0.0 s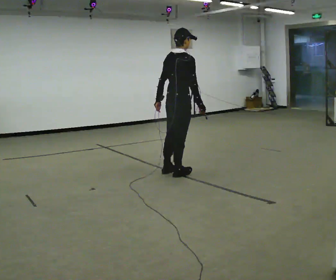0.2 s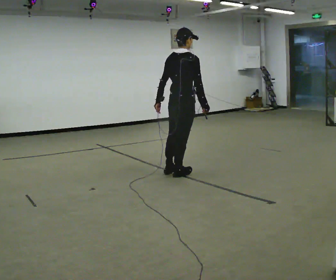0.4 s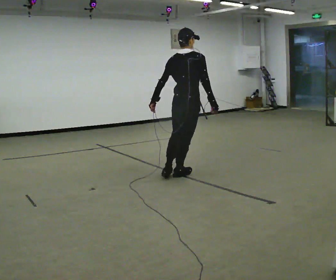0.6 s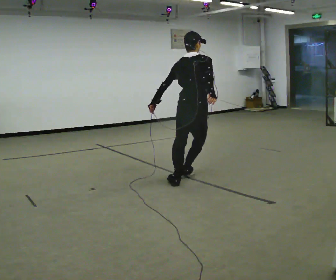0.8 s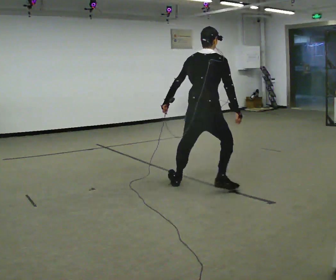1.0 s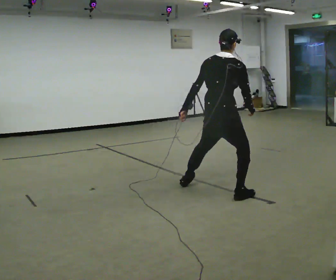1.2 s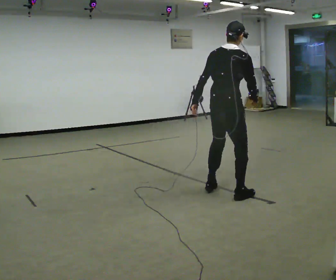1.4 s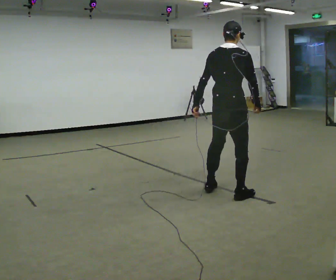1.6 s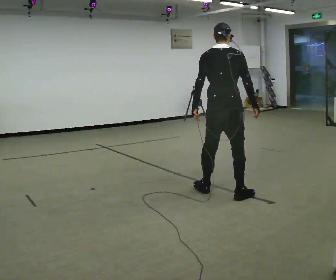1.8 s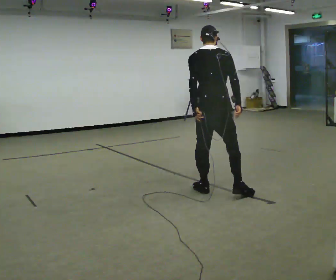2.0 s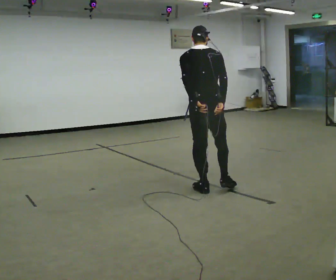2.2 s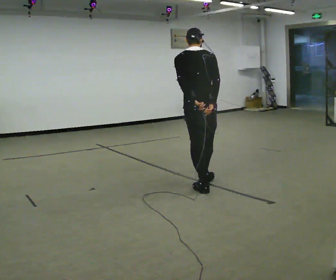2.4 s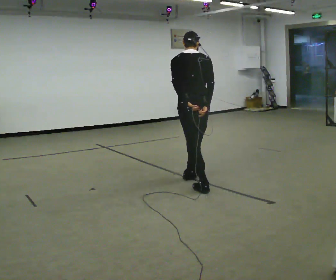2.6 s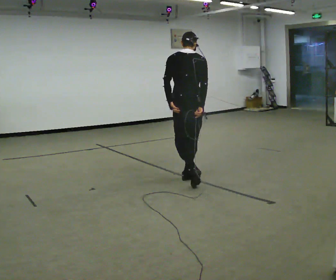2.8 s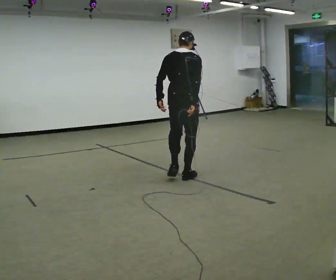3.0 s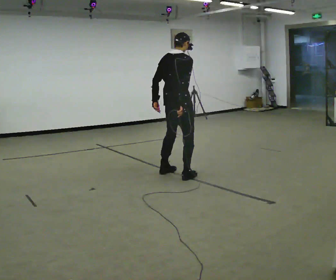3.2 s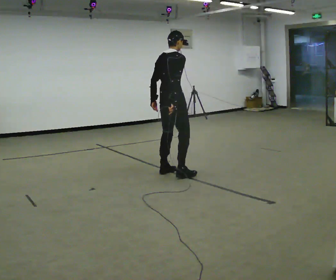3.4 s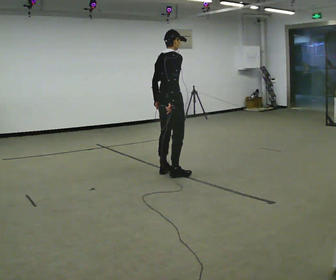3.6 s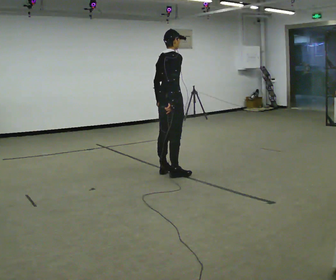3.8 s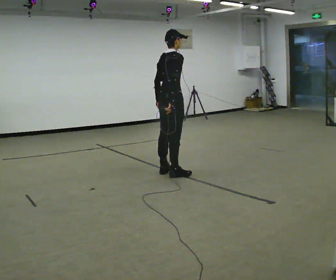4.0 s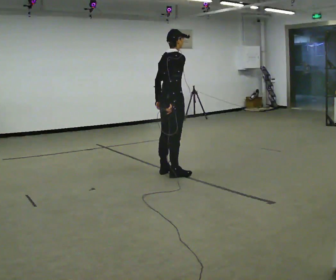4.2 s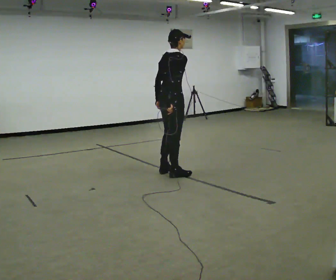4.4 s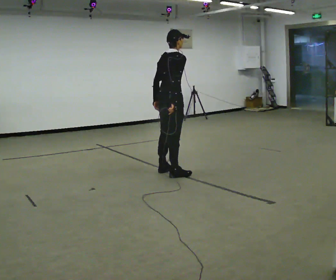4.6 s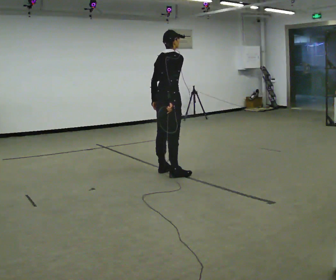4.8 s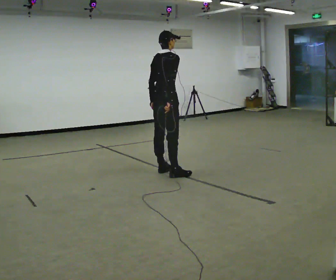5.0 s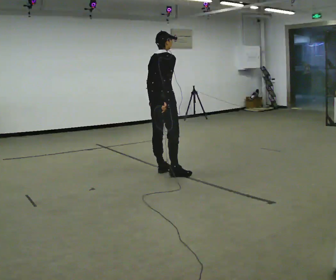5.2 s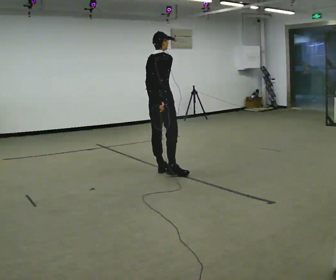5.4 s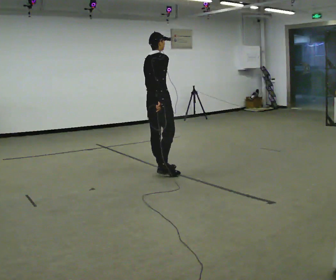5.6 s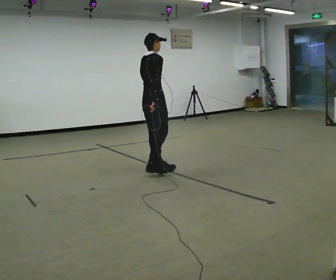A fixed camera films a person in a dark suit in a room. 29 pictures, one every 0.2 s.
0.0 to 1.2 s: In the picture they go toward the camera and to the right, about 1 m in 2 steps, which for them is to their right and backward.
1.2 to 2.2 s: The part of the body nearest the lens slides to the right as the person turns to their left by about 45 degrees. In the picture they go away from the camera and to the left, about 0.25 m in 1 step, which for them is to their left and forward. In the picture the upper body tilts counterclockwise, shoulders to the left.
2.2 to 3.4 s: Seen from above the body turns clockwise, about 60 degrees: to their right, with its near side sliding to the left. In the picture they go away from the camera and to the left, about 0.75 m in 3 steps, which for them is to their left and forward.
3.4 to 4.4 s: The person moves a little, or ends about where they began.
4.4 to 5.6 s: In the picture they go to the left and away from the camera, about 0.25 m, which for them is to their left.
The film runs forward here.
